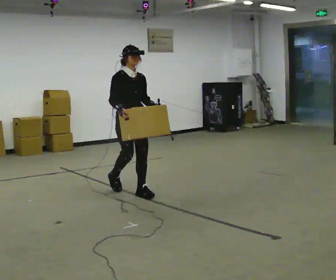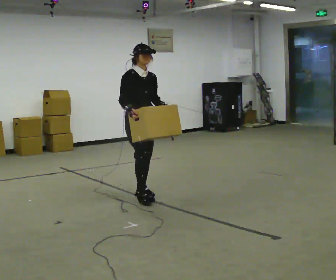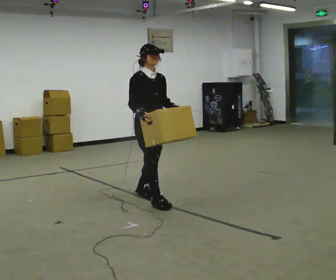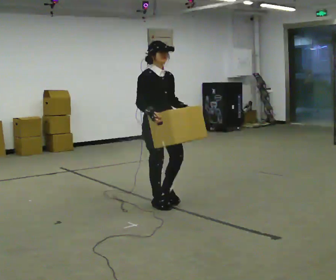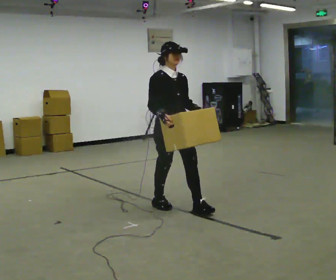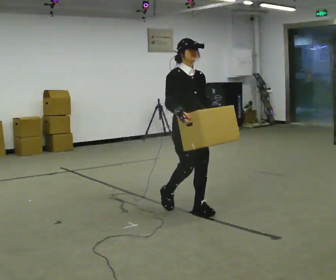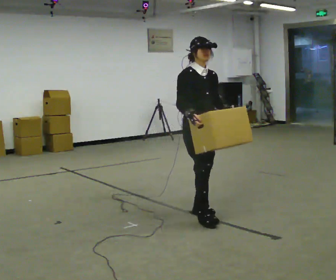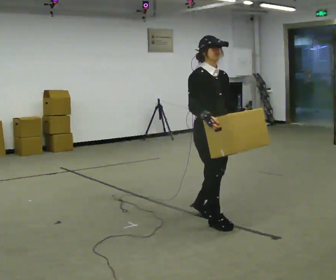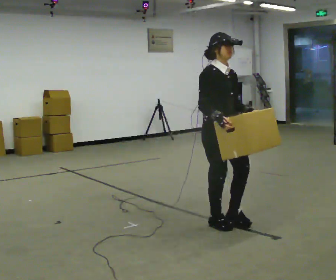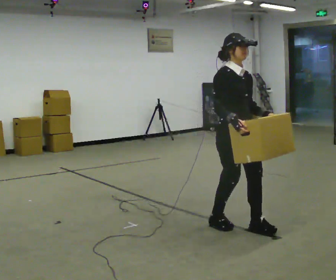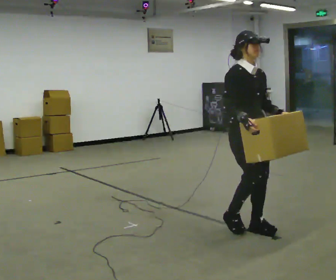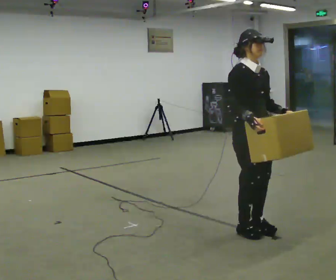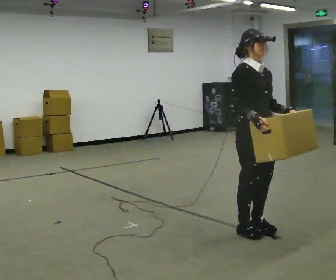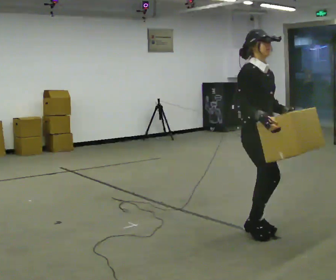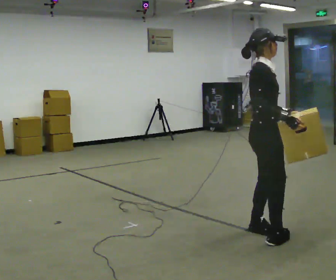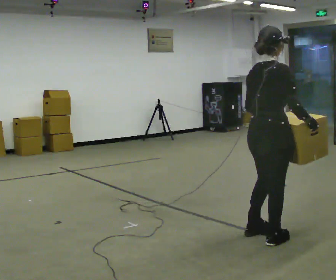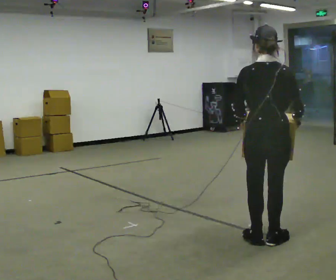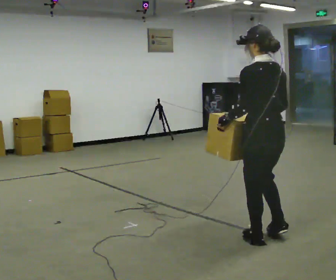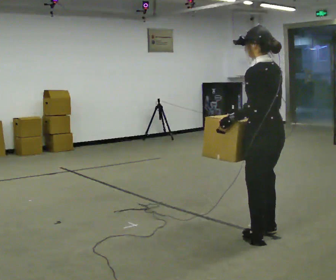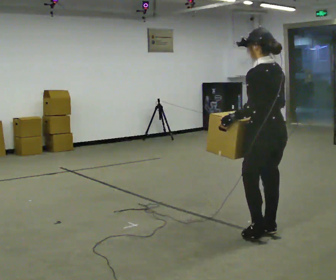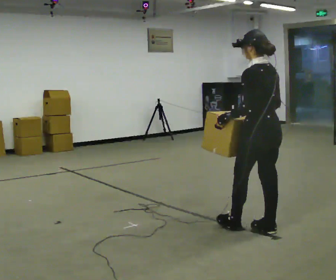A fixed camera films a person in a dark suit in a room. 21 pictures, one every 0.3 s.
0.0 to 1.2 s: In the picture they go to the right and toward the camera, about 0.5 m in 2 steps, which for them is forward.
1.2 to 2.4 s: In the picture they go to the right and toward the camera, about 0.75 m in 1 step, which for them is forward.
2.4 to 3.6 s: In the picture they go to the right and toward the camera, about 0.25 m in 2 steps, which for them is forward.
3.6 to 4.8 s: The part of the body nearest the lens slides to the right as the person turns to their left by about 135 degrees. In the picture they go toward the camera, about 0.25 m in 2 steps.
4.8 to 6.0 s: The person turns about 45 degrees to their left, counterclockwise seen from above, so the part of the body nearest the lens slides to the right. In the picture they go away from the camera, about 0.25 m in 1 step, which for them is to their right and forward.
The film runs forward here.
